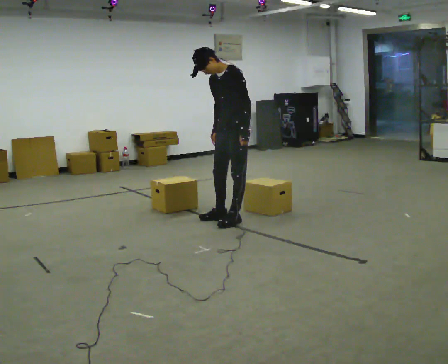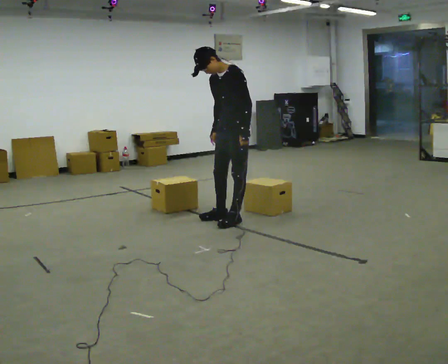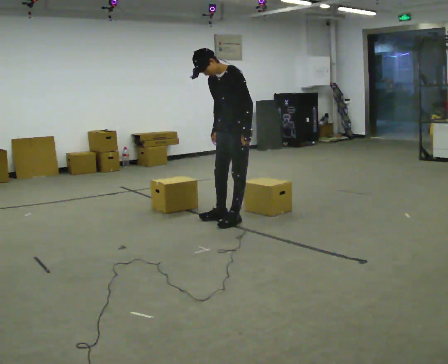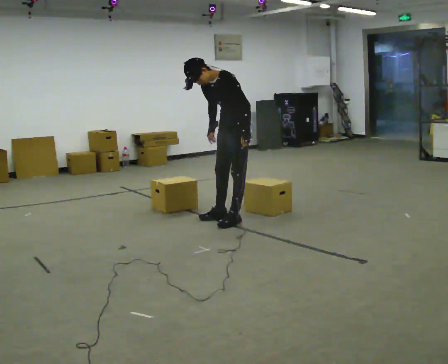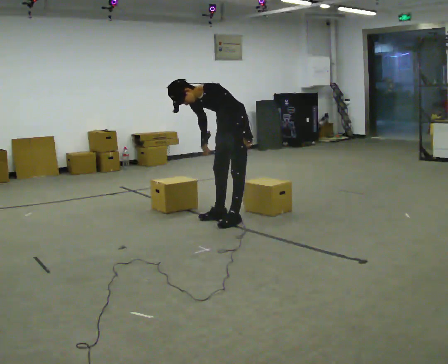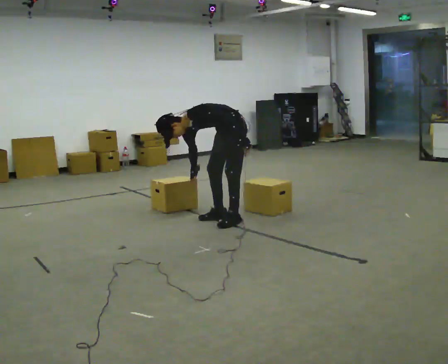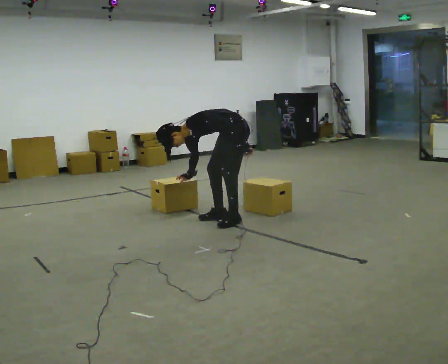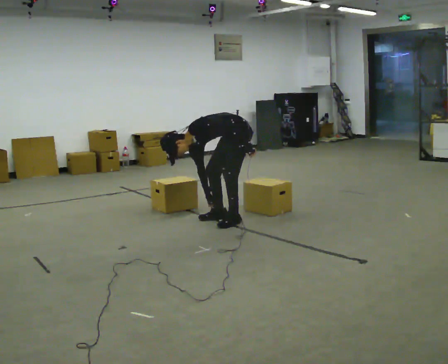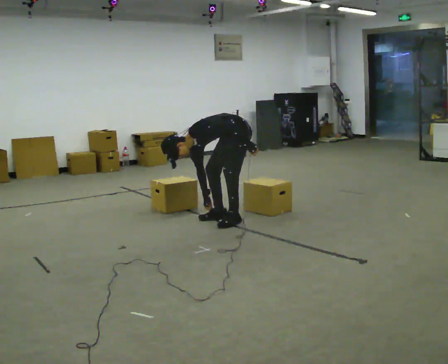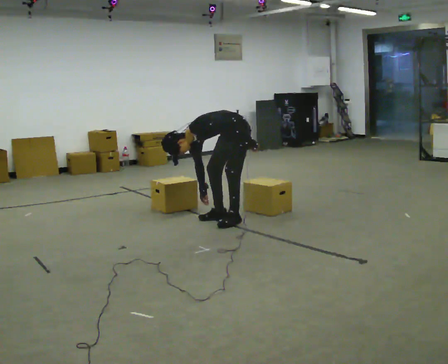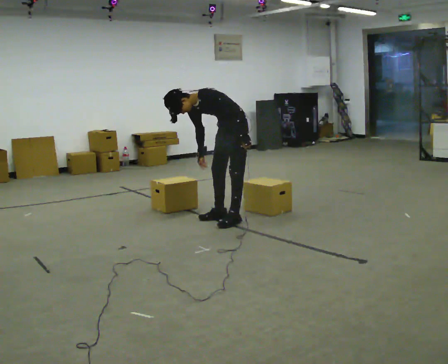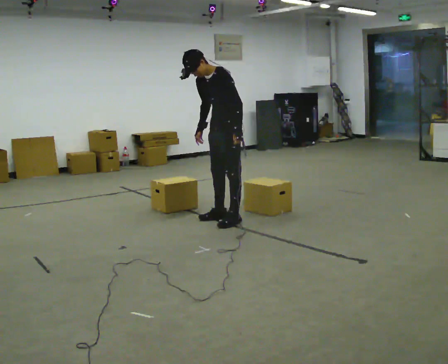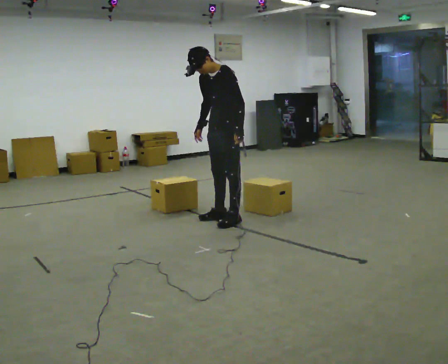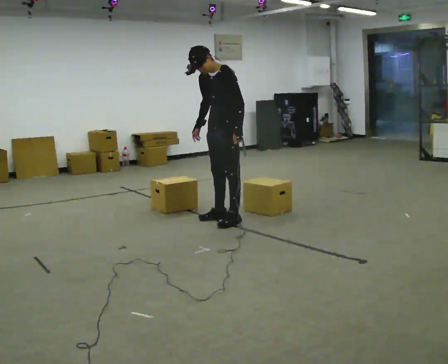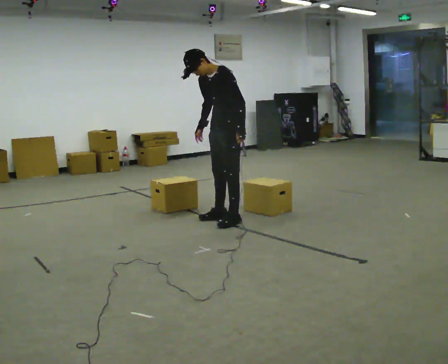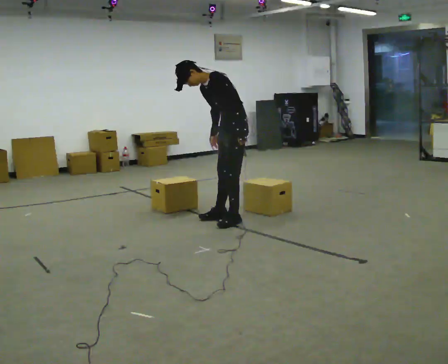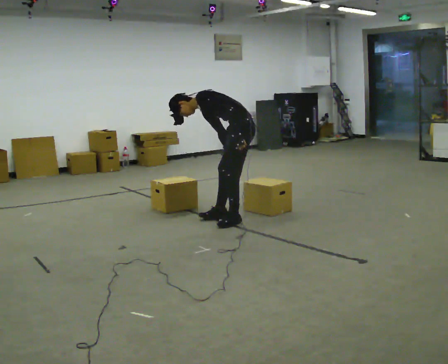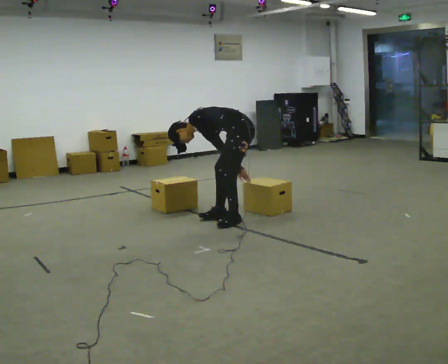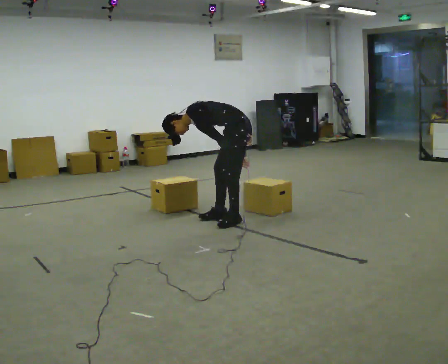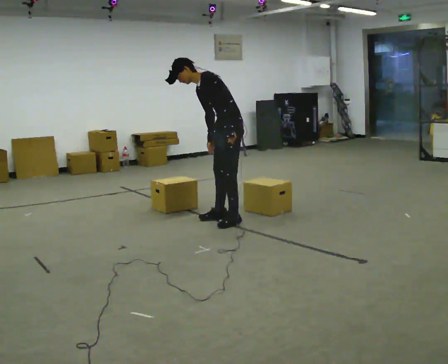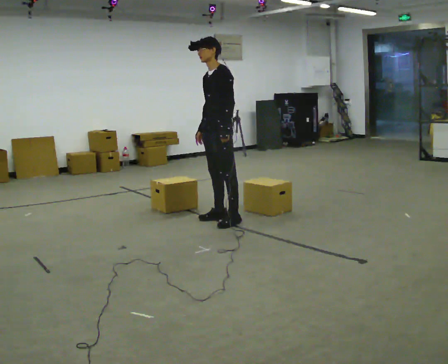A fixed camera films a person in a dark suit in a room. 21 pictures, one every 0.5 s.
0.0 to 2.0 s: In the picture the upper body tilts counterclockwise, shoulders to the left, as they bend forward.
2.0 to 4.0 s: The shoulders move downward. In the picture the upper body tilts counterclockwise, shoulders to the left, as they bend forward.
4.0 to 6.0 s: The upper body goes upward. In the picture the upper body tilts clockwise, shoulders to the right, as they lean back or straighten.
6.0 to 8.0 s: The part of the body nearest the lens slides to the left as the person turns to their right by about 30 degrees. In the picture they go to the right, about 0.25 m, which for them is to their left. The upper body goes downward. In the picture the upper body tilts counterclockwise, shoulders to the left, as they bend forward.
8.0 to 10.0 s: In the picture they go to the left, about 0.25 m, which for them is forward.
The film runs backward here.
